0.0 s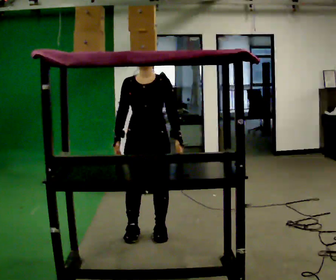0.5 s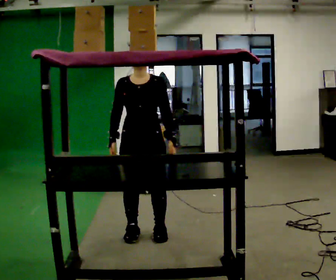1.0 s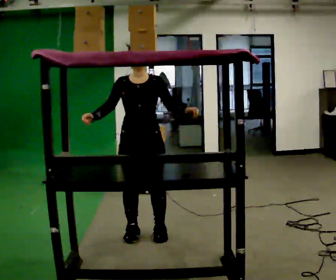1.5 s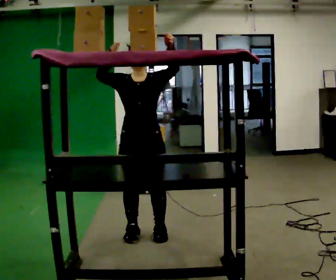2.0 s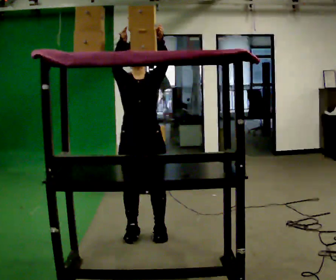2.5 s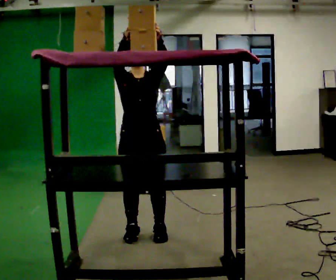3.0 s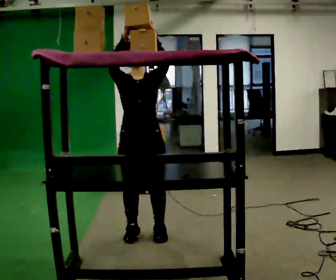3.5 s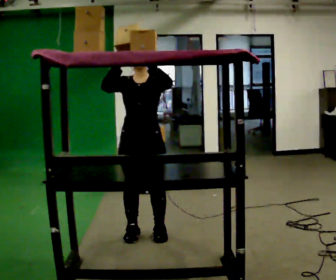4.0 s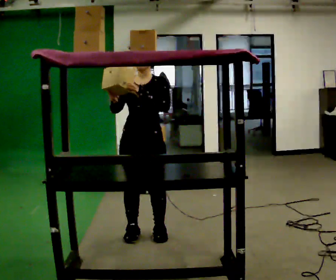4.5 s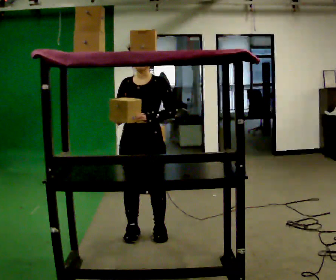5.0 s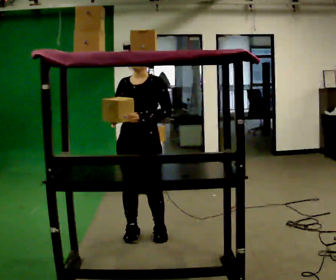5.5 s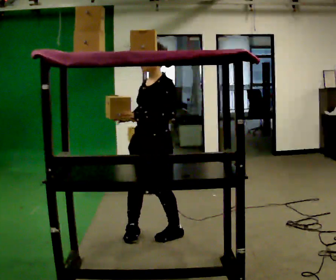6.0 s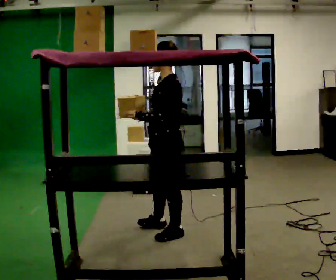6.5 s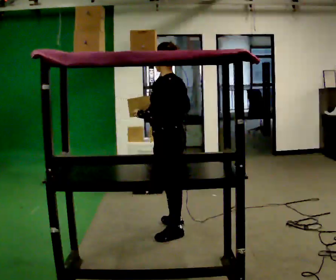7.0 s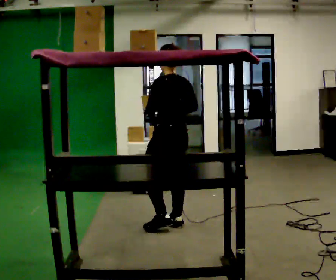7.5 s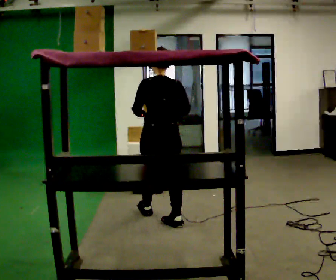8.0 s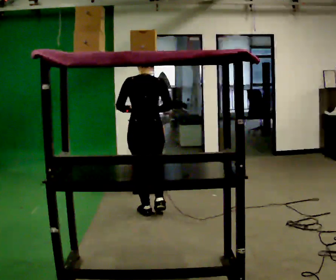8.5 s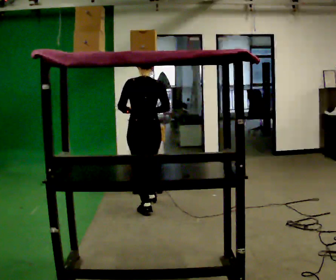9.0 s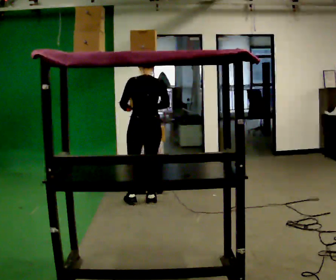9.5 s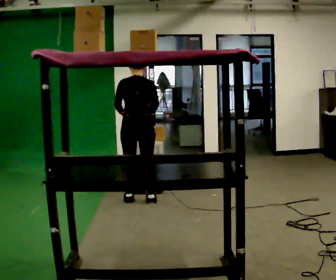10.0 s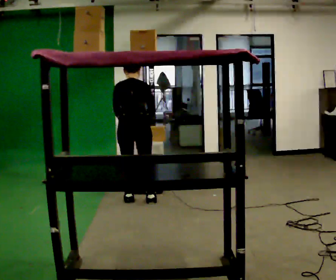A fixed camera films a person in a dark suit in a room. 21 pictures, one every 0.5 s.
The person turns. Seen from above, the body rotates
clockwise.
The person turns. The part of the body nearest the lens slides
to the left.
0.0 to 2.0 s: In the picture their right hand goes upward.
2.0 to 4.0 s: In the picture their right hand goes downward.
4.0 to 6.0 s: Seen from above the body turns clockwise, about 75 degrees: to their right, with its near side sliding to the left. In the picture they go to the right, about 0.25 m in 1 step. In the picture their right hand goes to the right.
6.0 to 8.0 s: The person turns about 90 degrees to their right, clockwise seen from above, so the part of the body nearest the lens slides to the left. In the picture they go away from the camera, about 0.75 m in 2 steps.
8.0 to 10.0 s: In the picture they go away from the camera, about 0.5 m in 2 steps, which for them is forward. The upper body tips away from the camera, its near side rolling upward, as they bend forward.
The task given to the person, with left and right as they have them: Take an object down from the highest shelf you can comfortably reach, carry it across, and place it on the waist-height shelf. Keep going until the operator says stop; one object at a time, and do not rush between trips.
The film runs forward here.
